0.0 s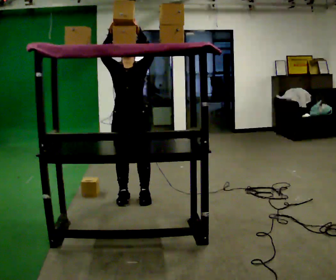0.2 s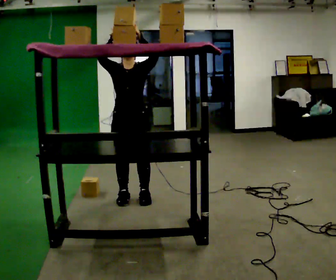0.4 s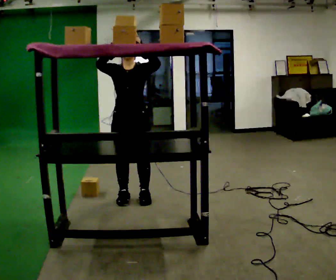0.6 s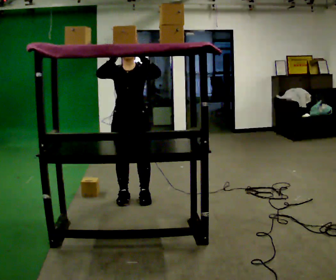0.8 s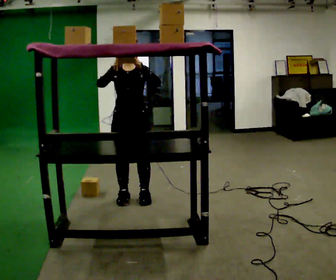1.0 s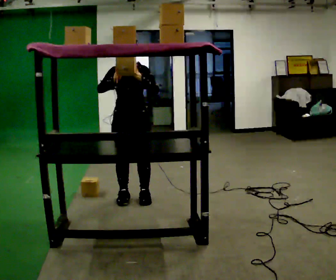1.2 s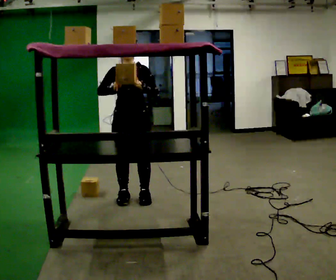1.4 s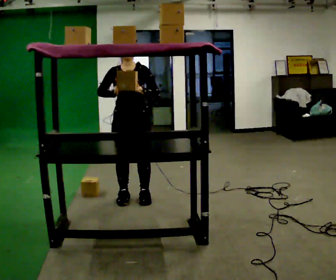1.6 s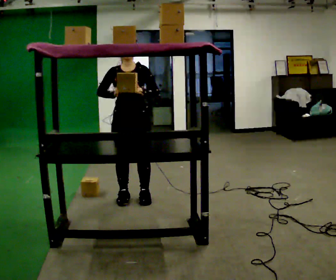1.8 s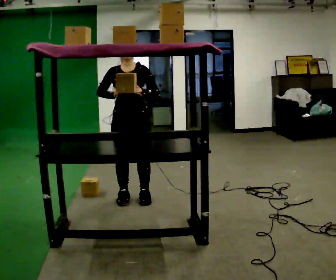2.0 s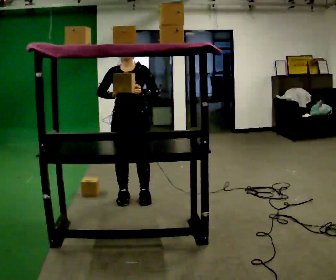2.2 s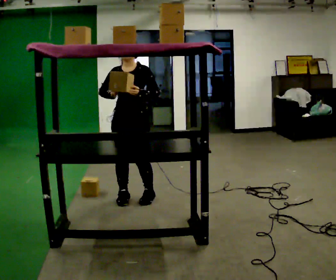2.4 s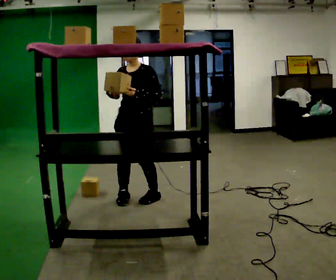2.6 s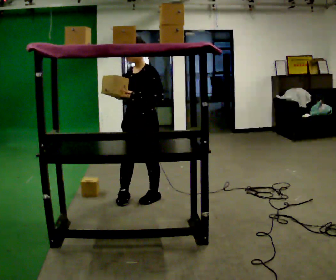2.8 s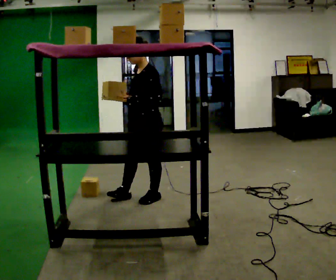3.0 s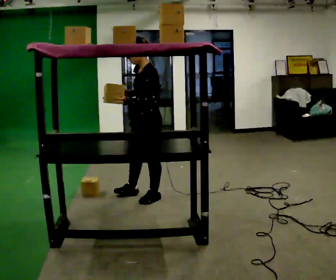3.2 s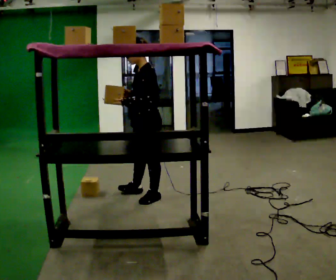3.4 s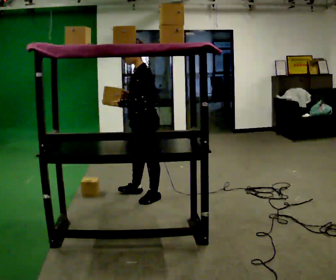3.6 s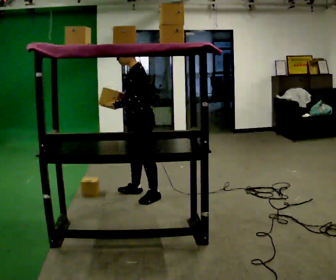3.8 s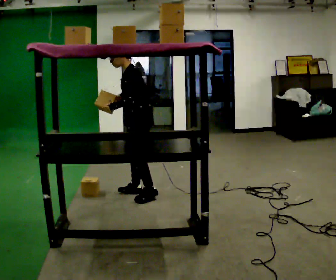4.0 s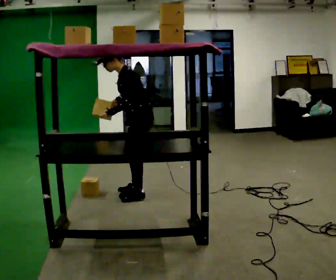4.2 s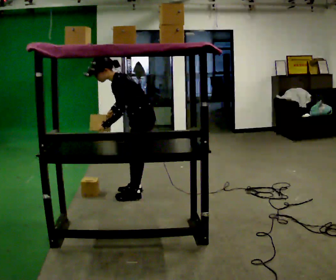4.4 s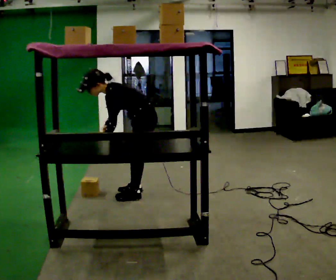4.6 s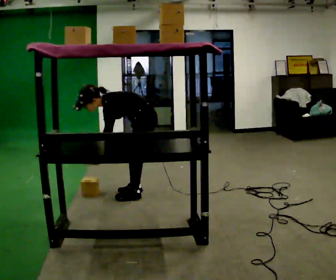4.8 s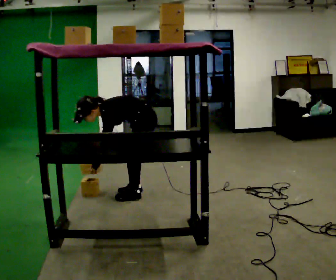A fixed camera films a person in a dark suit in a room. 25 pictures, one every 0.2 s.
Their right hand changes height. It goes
downward.
Their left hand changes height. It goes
downward.
0.0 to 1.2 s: In the picture their right hand goes downward.
1.2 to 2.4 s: The person turns about 30 degrees to their right, clockwise seen from above, so the part of the body nearest the lens slides to the left.
2.4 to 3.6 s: The person turns about 45 degrees to their right, clockwise seen from above, so the part of the body nearest the lens slides to the left. In the picture they go away from the camera, about 0.25 m in 1 step, which for them is to their right.
3.6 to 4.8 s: The upper body goes downward. In the picture the upper body tilts counterclockwise, shoulders to the left, as they bend forward. In the picture their right hand goes downward.
The film runs forward here.
